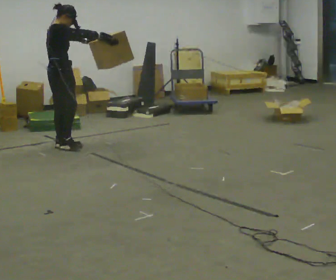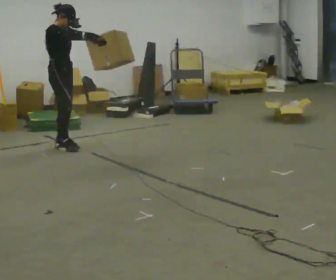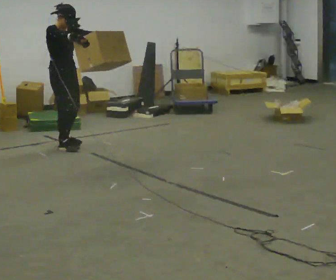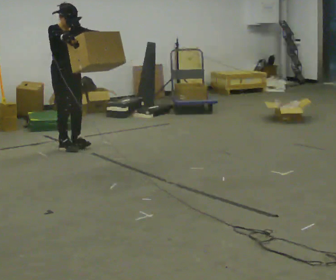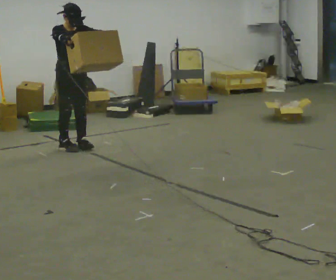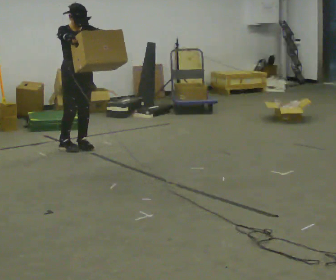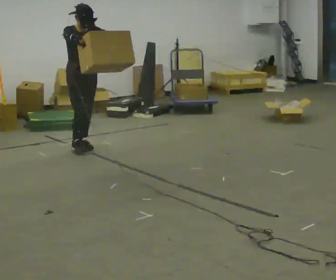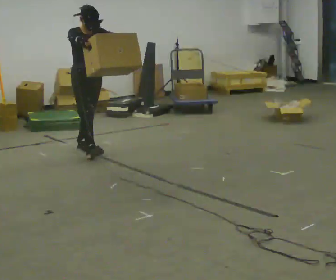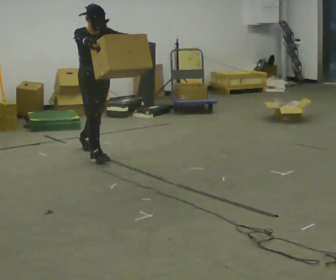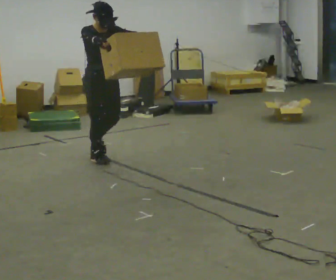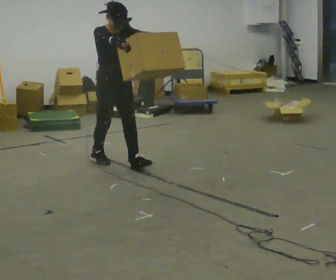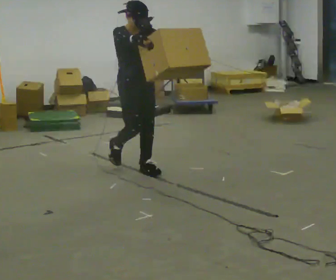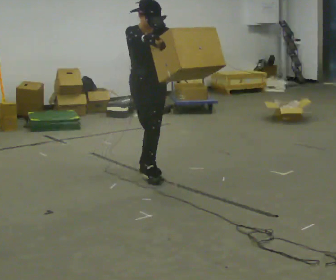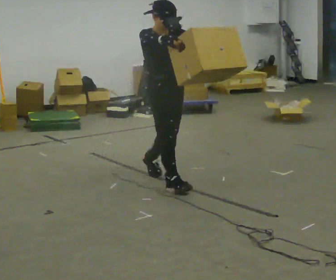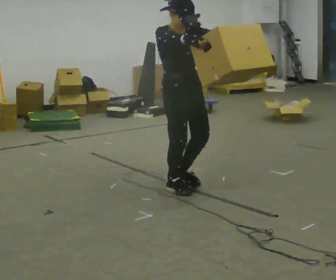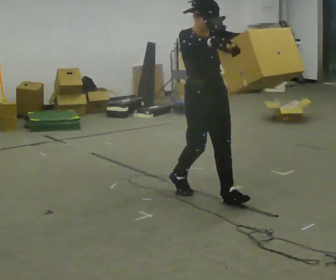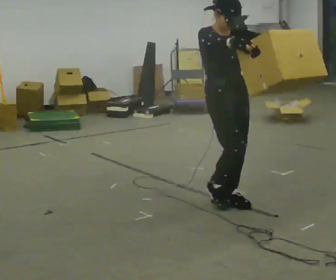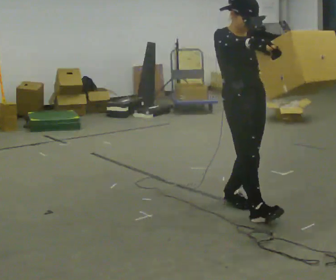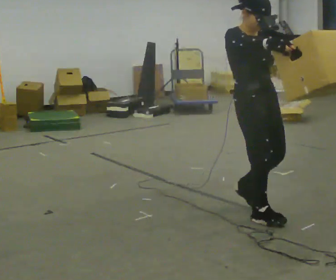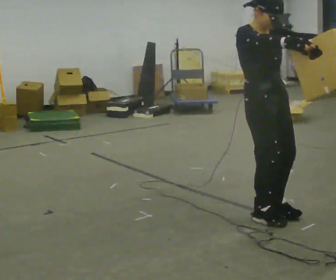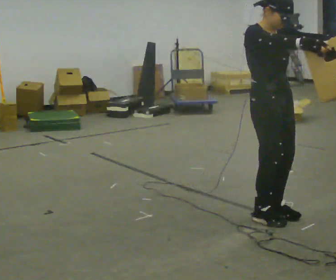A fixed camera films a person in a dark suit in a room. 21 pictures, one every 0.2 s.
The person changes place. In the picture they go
toward the camera.
0.0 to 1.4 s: Seen from above the body turns clockwise, about 75 degrees: to their right, with its near side sliding to the left. In the picture they go to the right and toward the camera, about 0.25 m in 1 step.
1.4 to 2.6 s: In the picture they go toward the camera and to the right, about 1.5 m in 3 steps, which for them is forward.
2.6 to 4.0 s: In the picture they go toward the camera and to the right, about 1 m in 3 steps, which for them is forward.
The film runs forward here.
